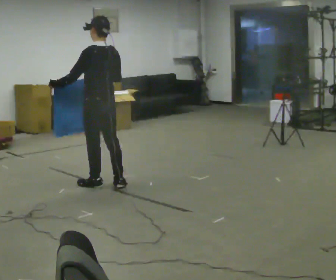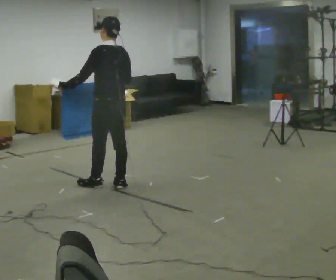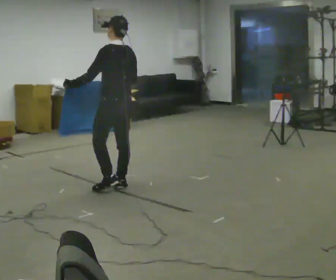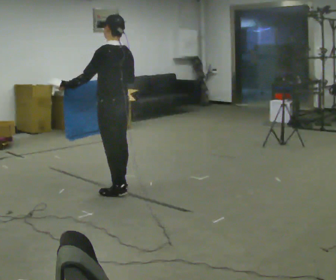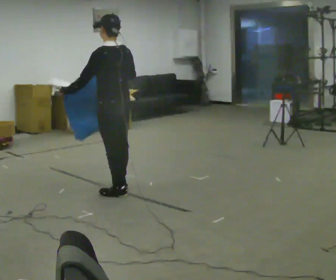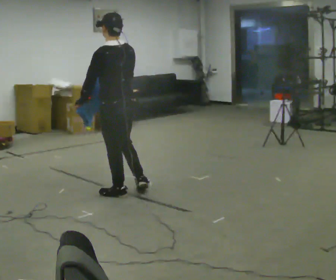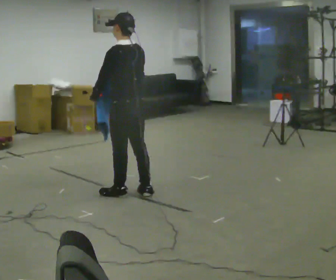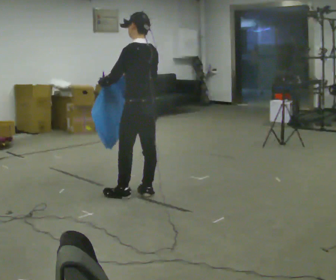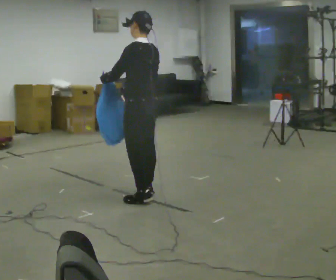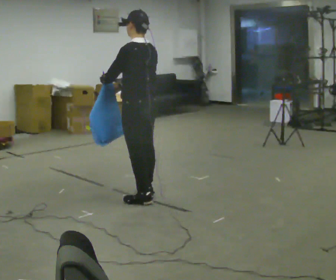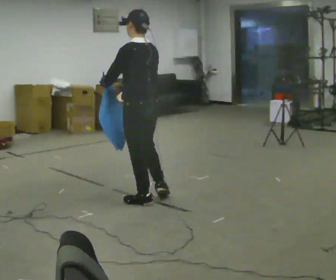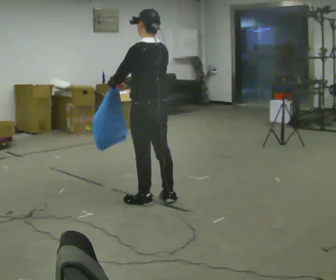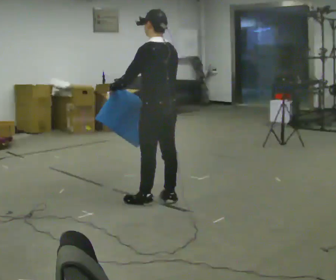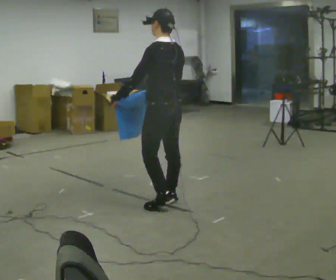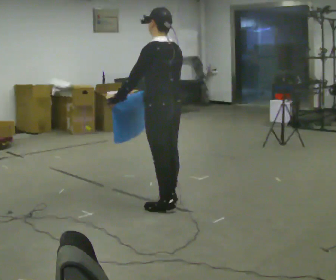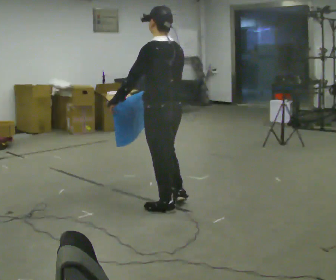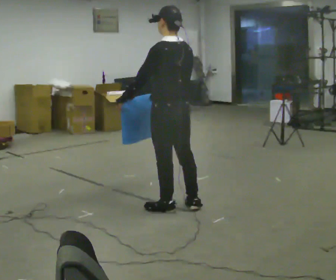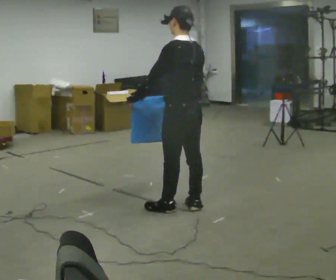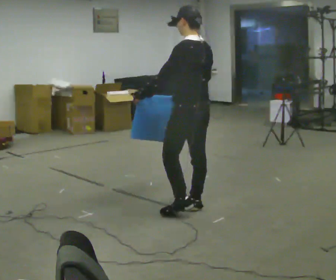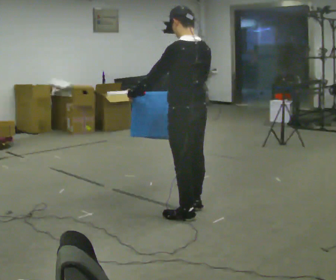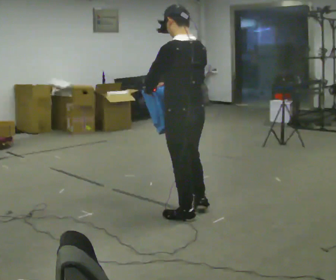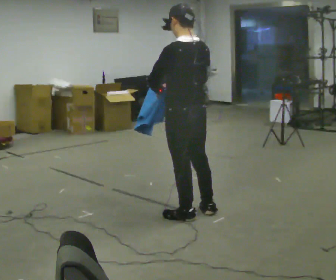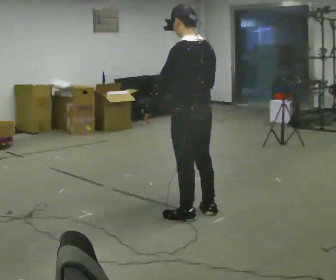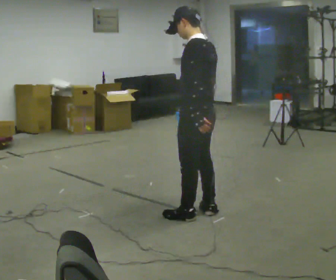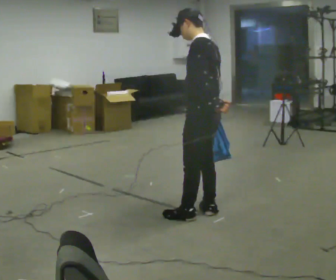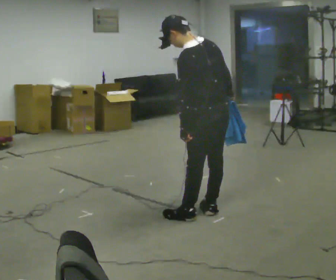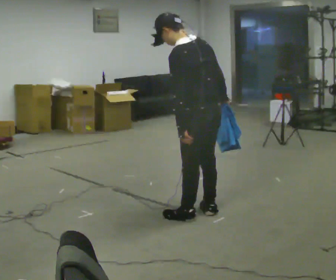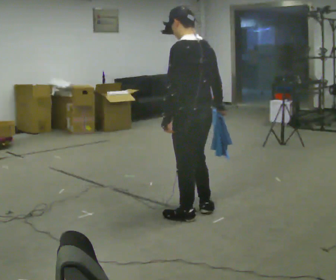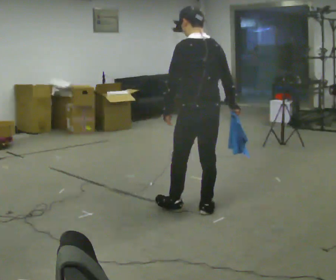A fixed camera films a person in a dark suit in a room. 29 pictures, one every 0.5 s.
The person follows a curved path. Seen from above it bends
counterclockwise.
0.0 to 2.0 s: In the picture they go toward the camera and to the right, about 0.25 m in 1 step, which for them is backward.
2.0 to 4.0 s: In the picture they go to the right, about 0.25 m in 2 steps, which for them is backward and to their right.
4.0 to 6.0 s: In the picture they go to the right, about 0.25 m in 1 step, which for them is backward.
6.0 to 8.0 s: In the picture they go toward the camera, about 0.25 m in 2 steps, which for them is backward.
8.0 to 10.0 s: In the picture they go toward the camera, about 0.25 m in 1 step, which for them is backward.
10.0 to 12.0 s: The part of the body nearest the lens slides to the right as the person turns to their left by about 30 degrees. In the picture their left hand goes to the right, the arm swinging counterclockwise.
12.0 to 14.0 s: Seen from above the body turns clockwise, about 30 degrees: to their right, with its near side sliding to the left. In the picture their left hand goes to the left.
The film runs backward here.
